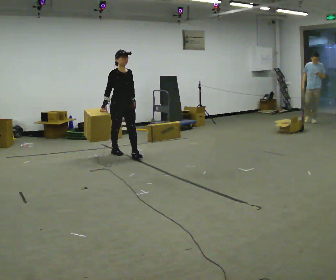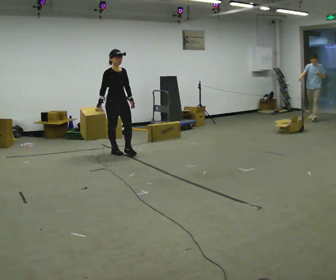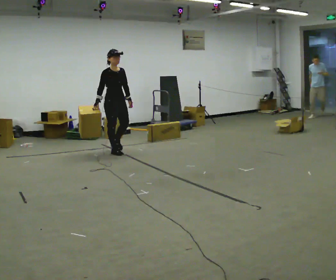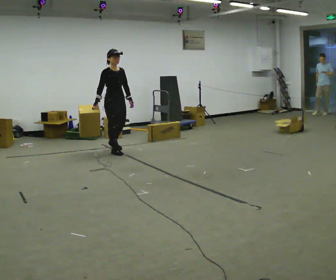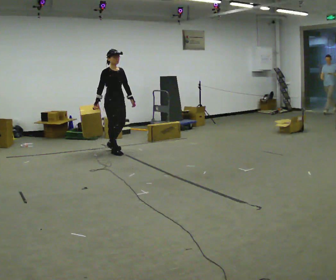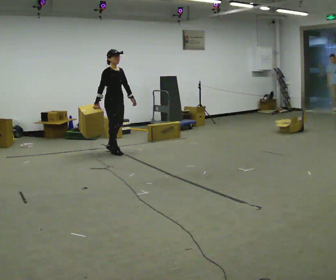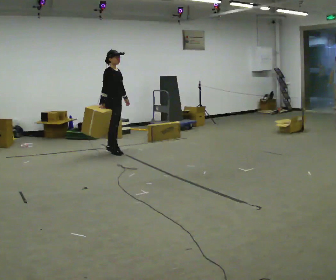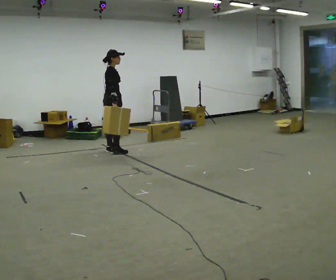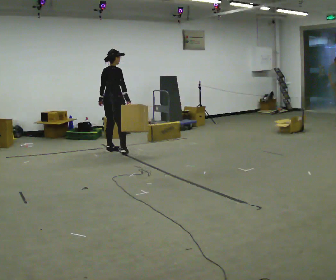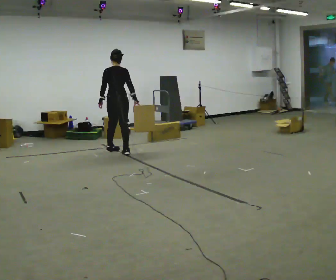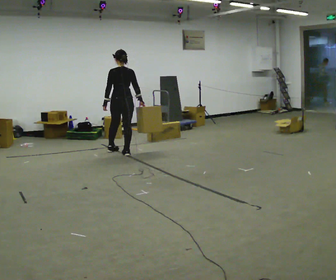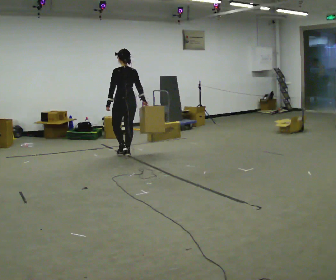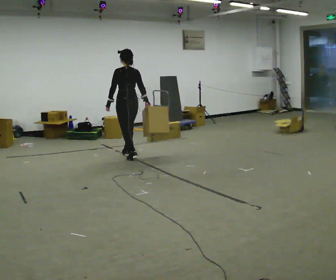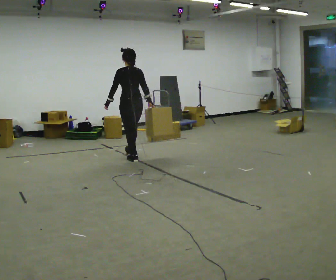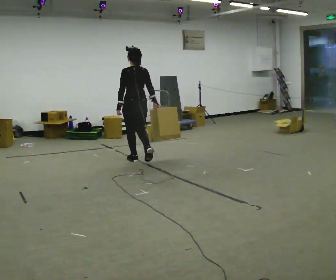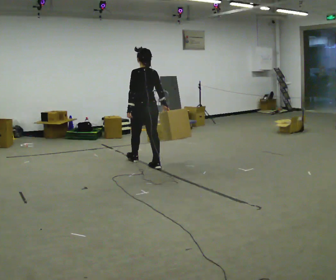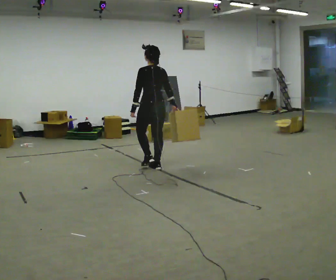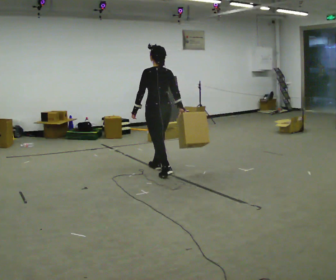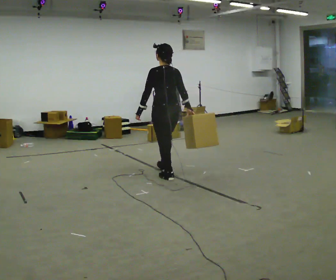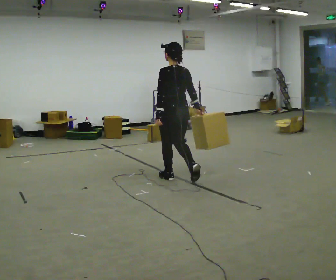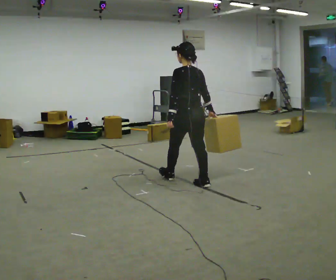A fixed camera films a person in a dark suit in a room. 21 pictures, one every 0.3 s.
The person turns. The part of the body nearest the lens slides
to the right.
The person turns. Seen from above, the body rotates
counterclockwise.
0.0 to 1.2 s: In the picture they go away from the camera and to the left, about 0.25 m in 1 step, which for them is backward.
1.2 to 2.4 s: The part of the body nearest the lens slides to the right as the person turns to their left by about 90 degrees. In the picture their left hand goes to the left, the arm swinging clockwise.
2.4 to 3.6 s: The person turns about 75 degrees to their left, counterclockwise seen from above, so the part of the body nearest the lens slides to the right. In the picture they go toward the camera and to the right, about 0.5 m in 1 step.
3.6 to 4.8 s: In the picture they go toward the camera and to the right, about 1 m in 2 steps, which for them is backward.
4.8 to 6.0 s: In the picture they go toward the camera and to the right, about 1 m in 1 step, which for them is backward.
The film runs backward here.
